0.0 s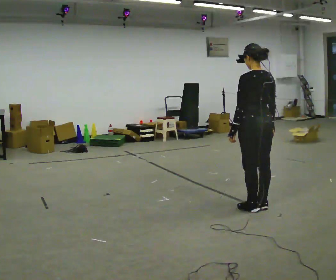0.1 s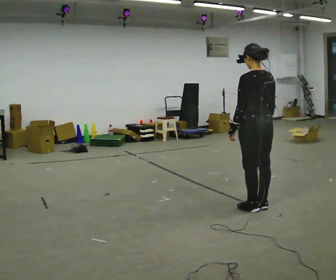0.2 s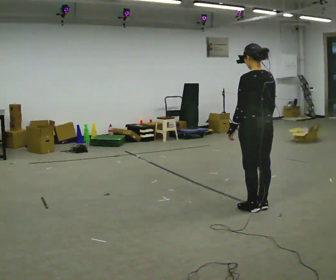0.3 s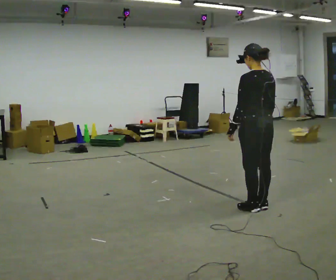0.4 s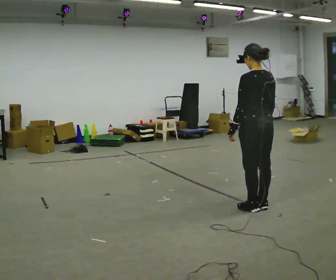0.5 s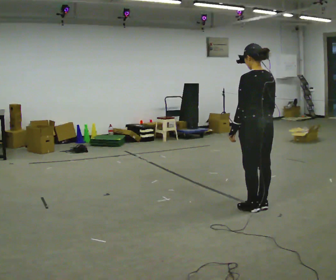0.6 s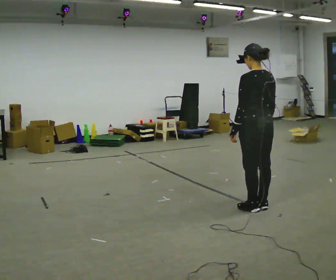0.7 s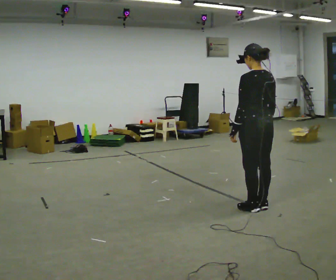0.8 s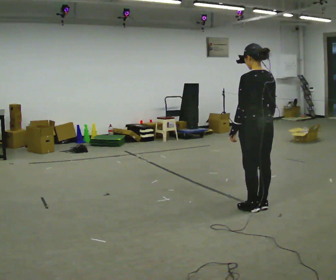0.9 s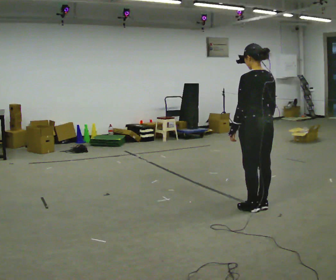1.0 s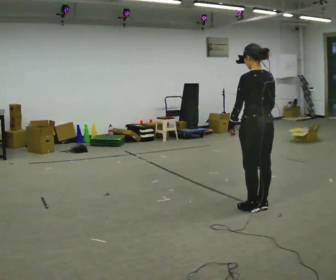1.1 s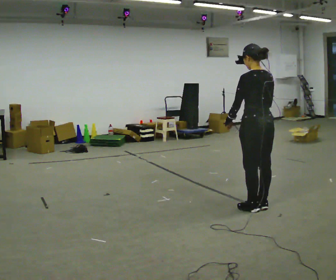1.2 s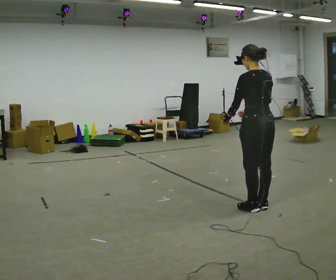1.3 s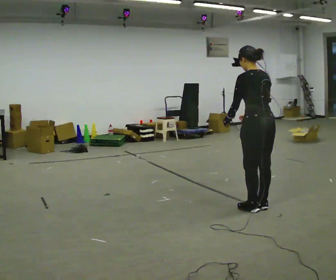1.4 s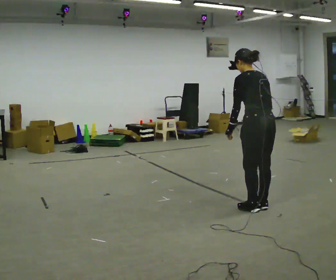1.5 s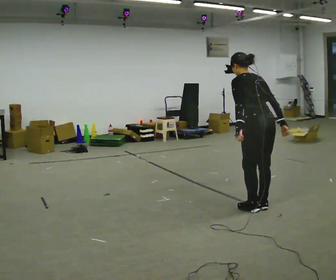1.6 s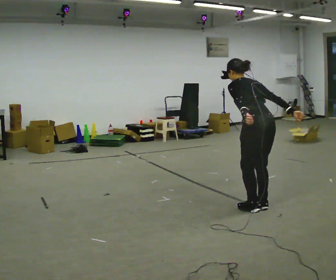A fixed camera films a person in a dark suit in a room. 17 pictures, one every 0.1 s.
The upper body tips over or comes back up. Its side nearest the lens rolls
upward.
0.0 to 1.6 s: The upper body tips away from the camera, its near side rolling upward, as they bend forward.
The film runs forward here.
